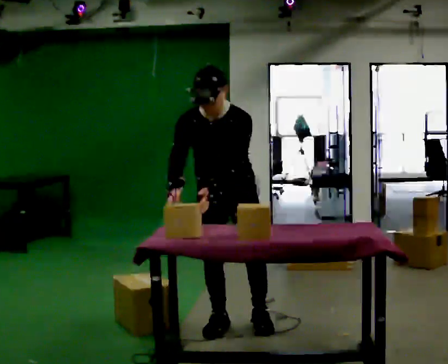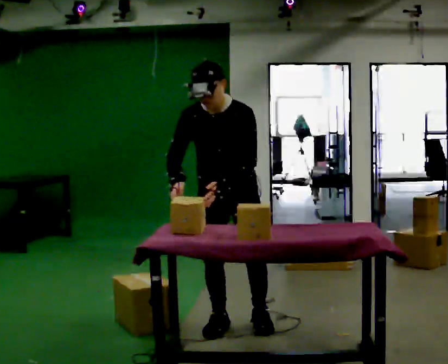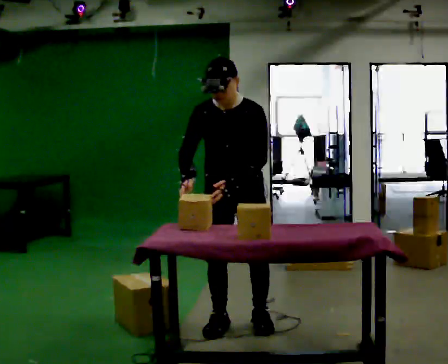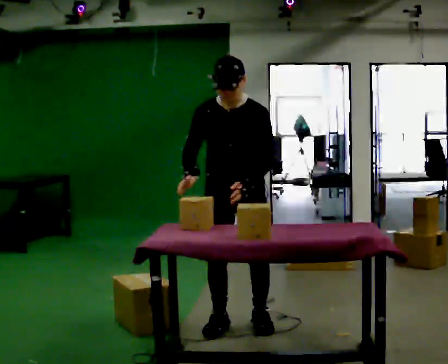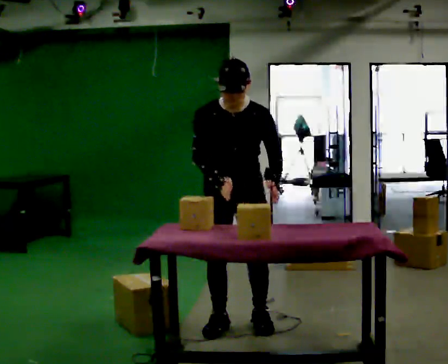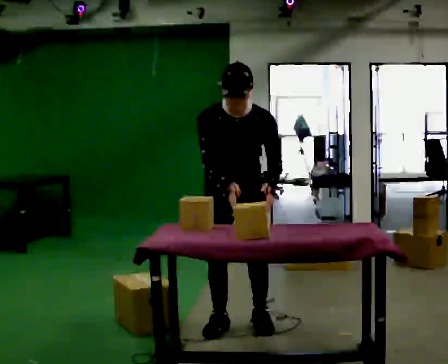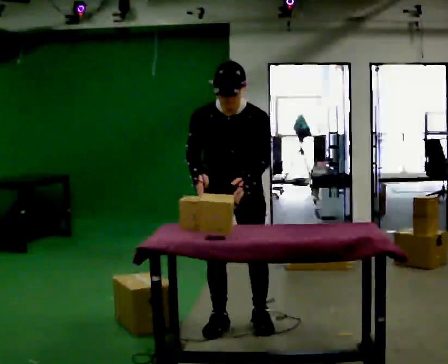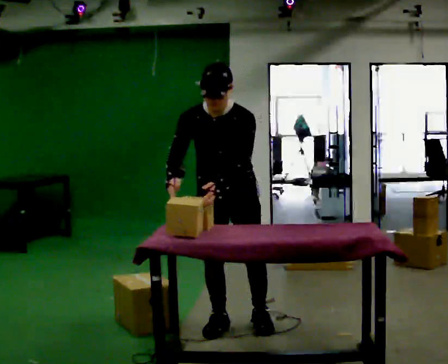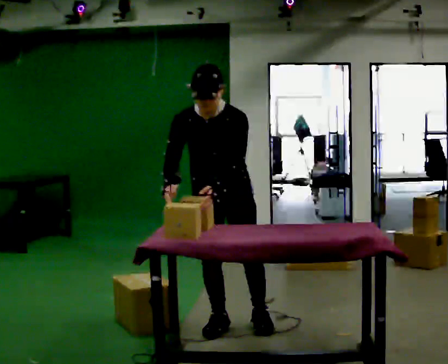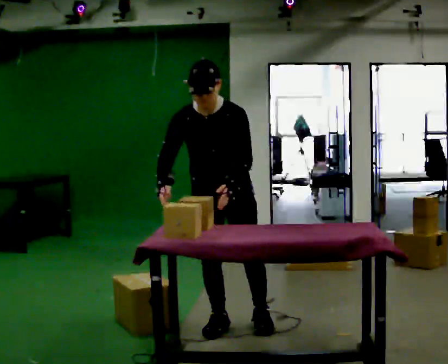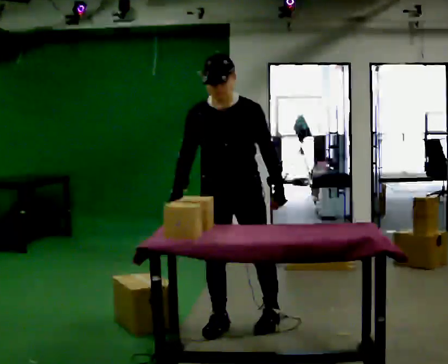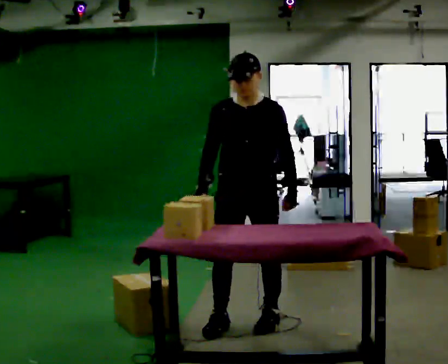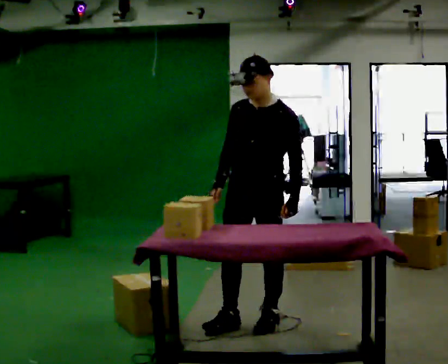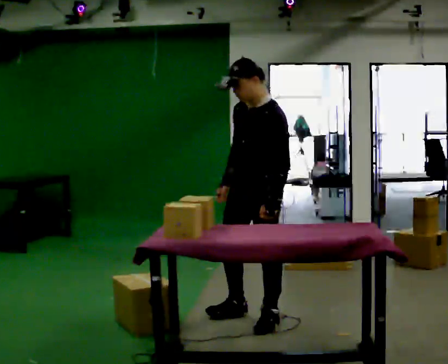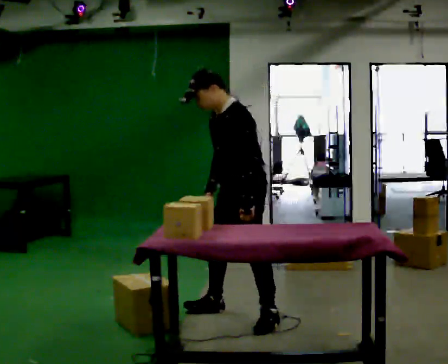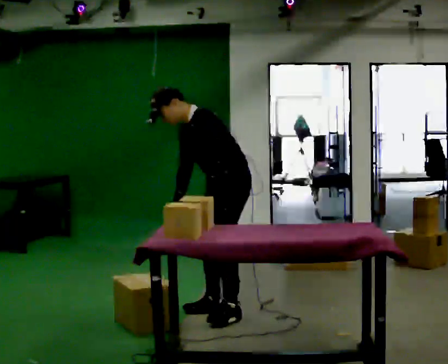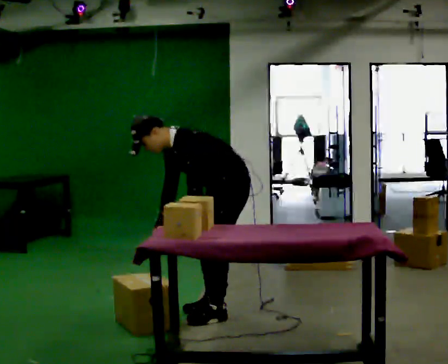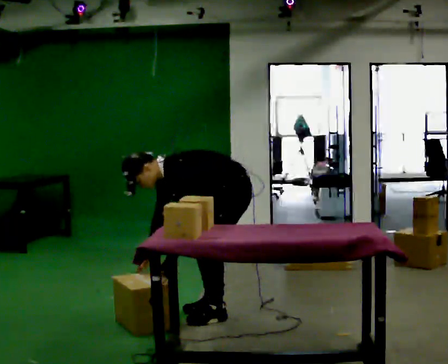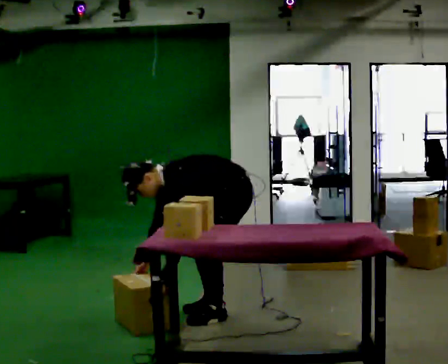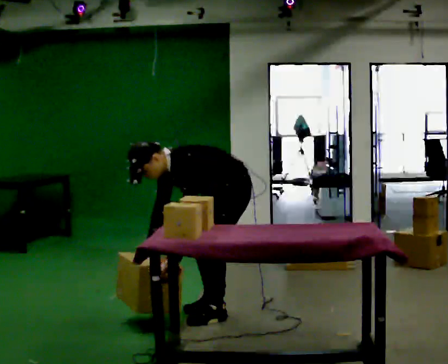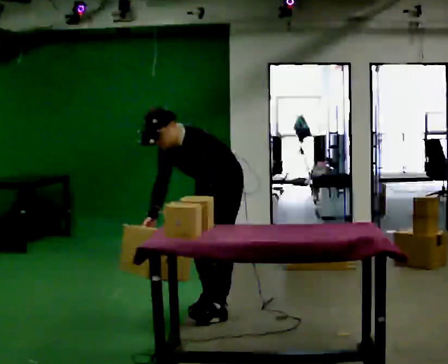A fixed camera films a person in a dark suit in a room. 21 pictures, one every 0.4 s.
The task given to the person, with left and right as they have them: 1. Take everything out of the crates by the door. 2. Put the small items on the middle shelf. 3. Put the large items on the bottom shelf. 4. Stack the empty crates by the door. 5. Tell the operator when you are finished.
0.0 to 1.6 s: In the picture their left hand goes to the right.
1.6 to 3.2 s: The person moves a little, or ends about where they began.
3.2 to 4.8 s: Seen from above the body turns clockwise, about 30 degrees: to their right, with its near side sliding to the left. In the picture they go to the right, about 0.25 m, which for them is to their left. The upper body tips away from the camera, its near side rolling upward, as they lean back or straighten.
4.8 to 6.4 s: Seen from above the body turns clockwise, about 45 degrees: to their right, with its near side sliding to the left. In the picture they go away from the camera and to the left, about 0.25 m in 2 steps, which for them is to their right. The upper body goes downward. In the picture the upper body tilts counterclockwise, shoulders to the left, as they bend forward.
6.4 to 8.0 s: The person moves a little, or ends about where they began.
The film runs forward here.
